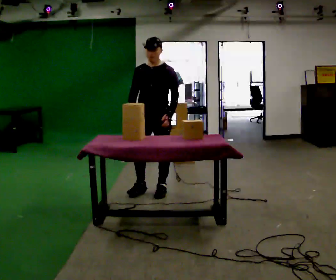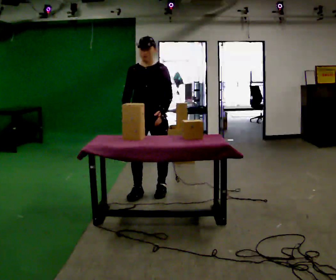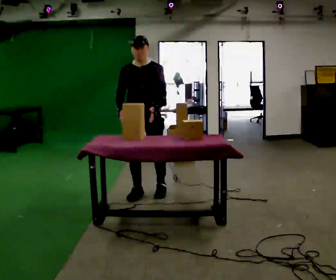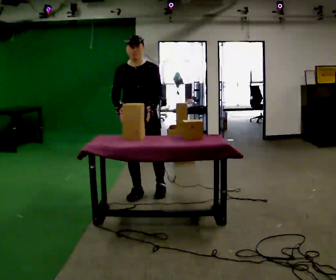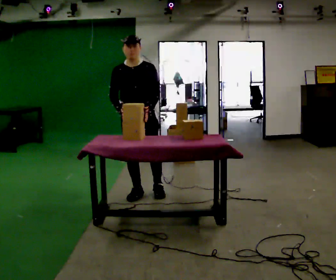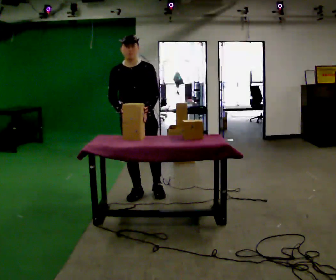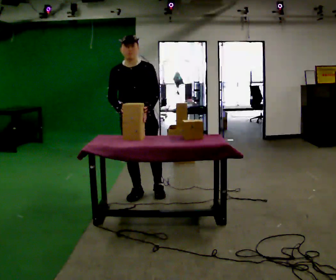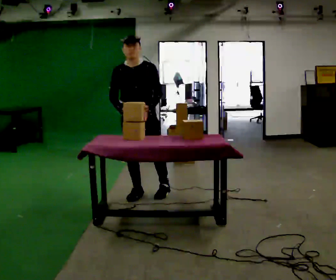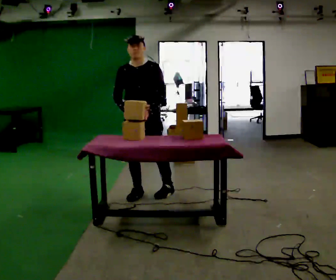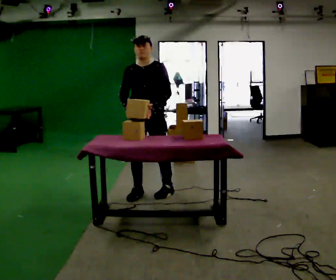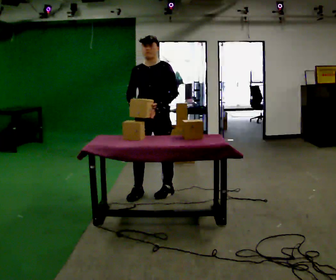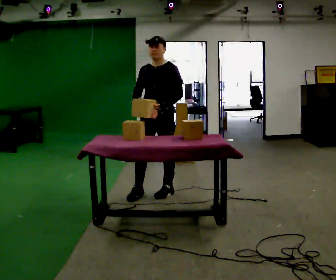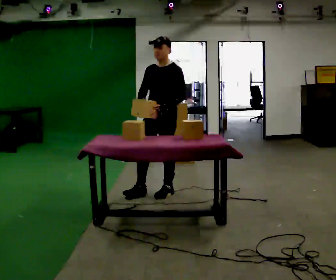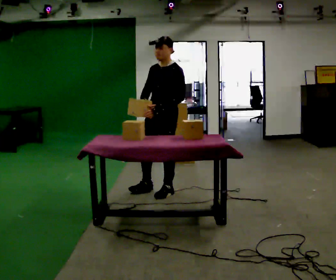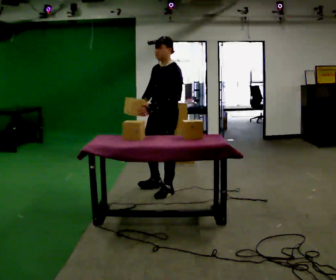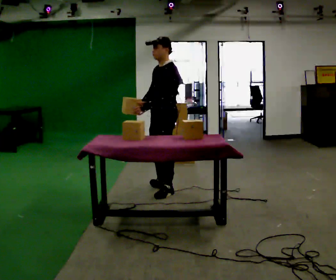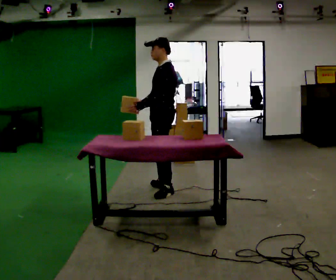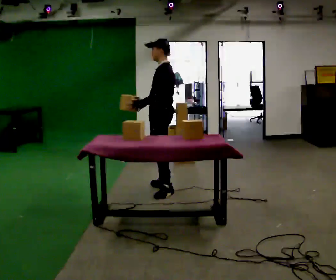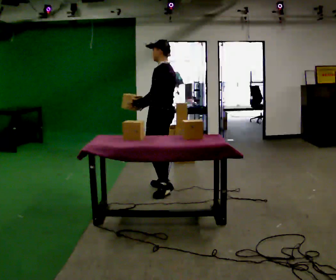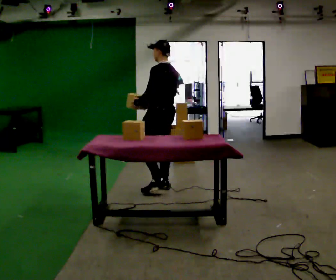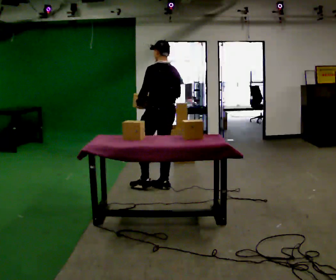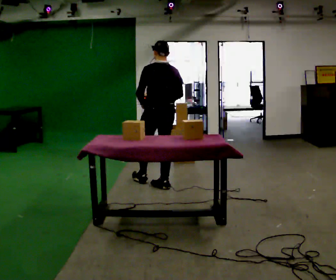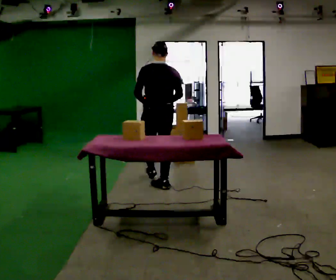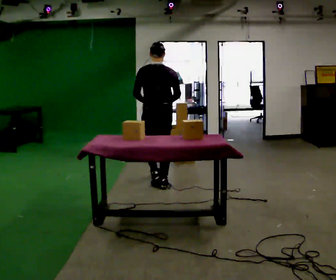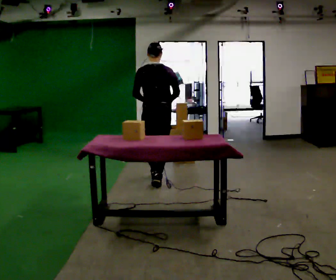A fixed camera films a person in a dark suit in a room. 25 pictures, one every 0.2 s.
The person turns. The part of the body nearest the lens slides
to the left.
The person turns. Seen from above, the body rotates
clockwise.
0.0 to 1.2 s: In the picture they go to the left, about 0.25 m in 1 step, which for them is to their right and forward.
1.2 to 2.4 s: The person turns about 45 degrees to their right, clockwise seen from above, so the part of the body nearest the lens slides to the left. In the picture they go to the right, about 0.25 m, which for them is to their left and backward.
2.4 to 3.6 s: The part of the body nearest the lens slides to the left as the person turns to their right by about 75 degrees. In the picture they go away from the camera, about 0.25 m in 1 step.
3.6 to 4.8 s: The person turns about 75 degrees to their right, clockwise seen from above, so the part of the body nearest the lens slides to the left. In the picture they go away from the camera, about 0.25 m in 1 step.
The film runs forward here.
